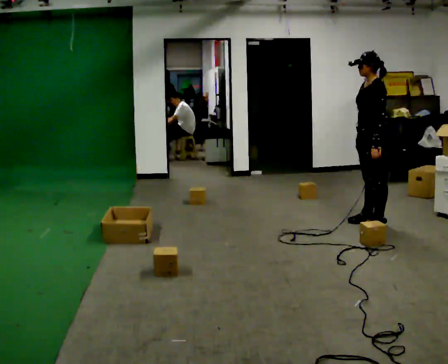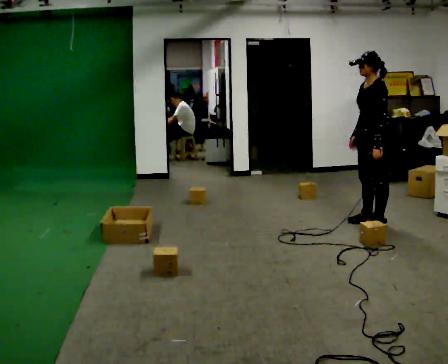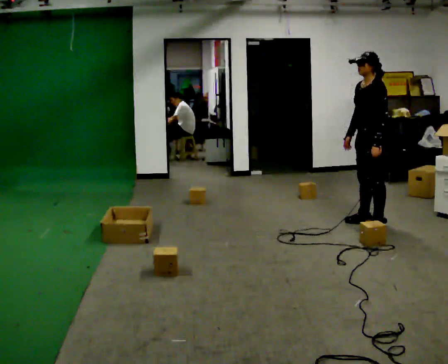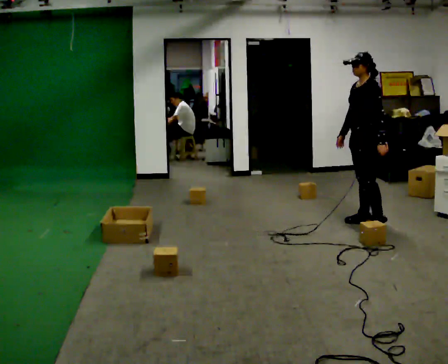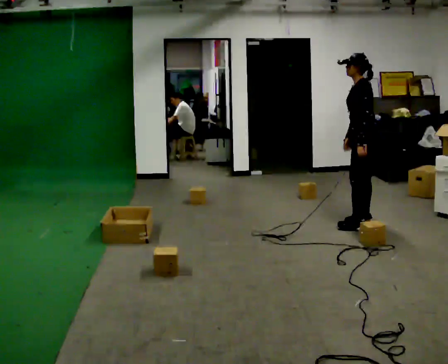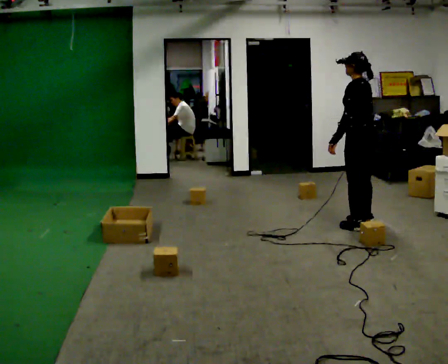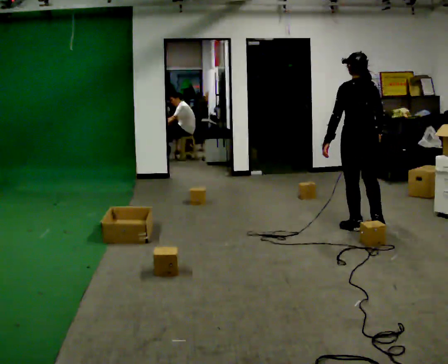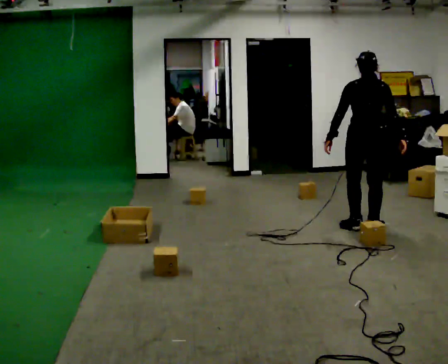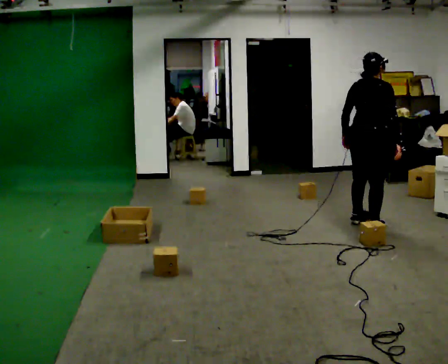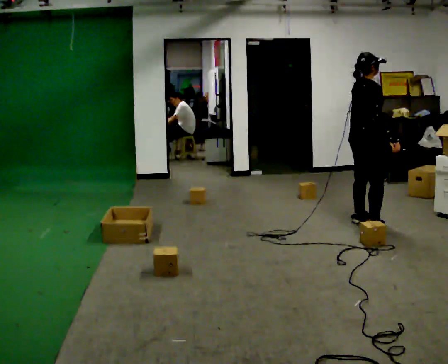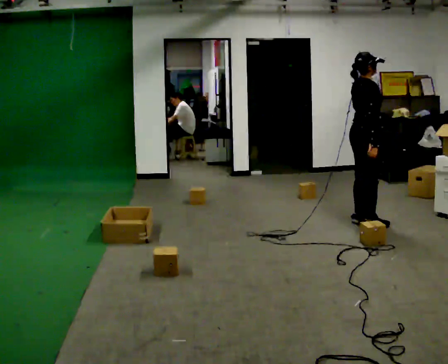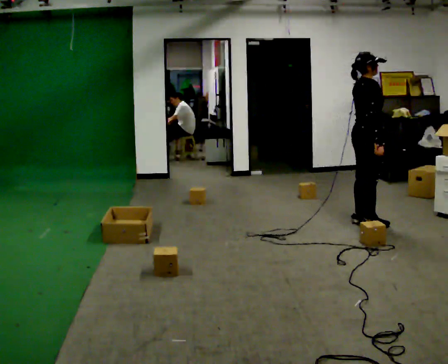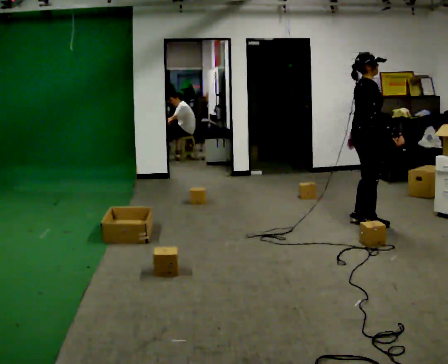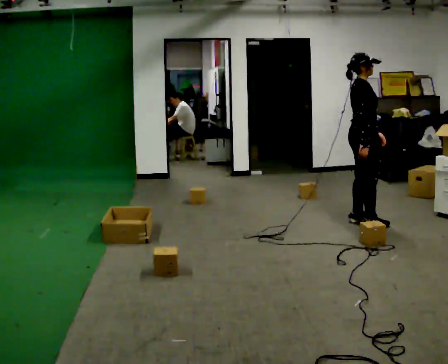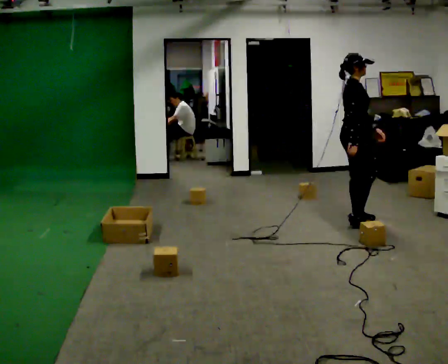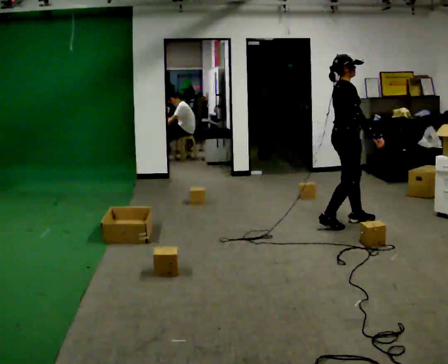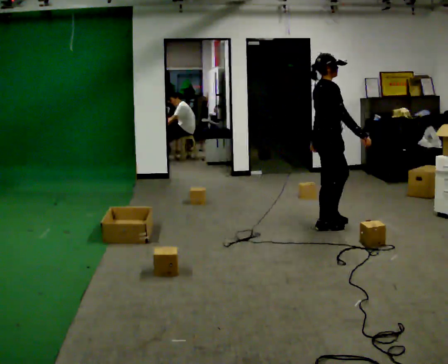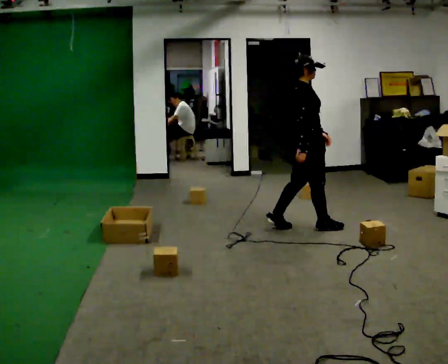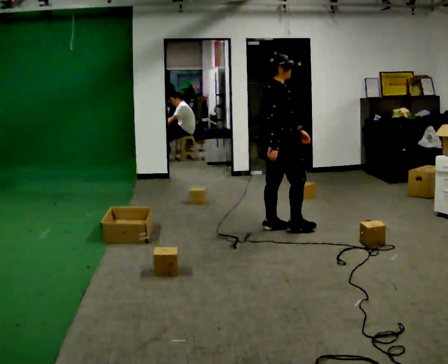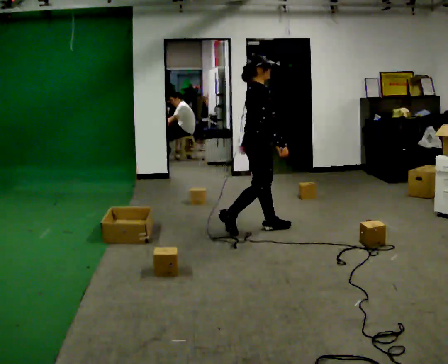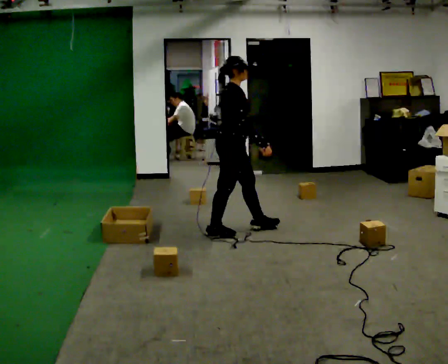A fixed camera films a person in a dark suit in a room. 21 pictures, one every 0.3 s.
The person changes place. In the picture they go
to the left.
0.0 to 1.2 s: The person moves a little, or ends about where they began.
1.2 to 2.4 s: The person turns about 120 degrees to their right, clockwise seen from above, so the part of the body nearest the lens slides to the left. In the picture they go toward the camera, about 0.25 m in 2 steps.
2.4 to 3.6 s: The part of the body nearest the lens slides to the left as the person turns to their right by about 60 degrees.
3.6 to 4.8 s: In the picture they go to the left, about 0.25 m in 2 steps, which for them is backward.
4.8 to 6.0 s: In the picture they go to the left and toward the camera, about 1 m in 2 steps, which for them is backward.
The film runs backward here.
